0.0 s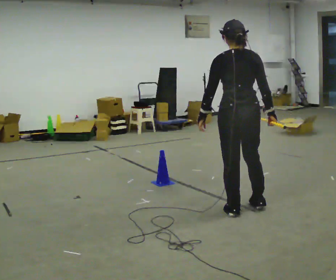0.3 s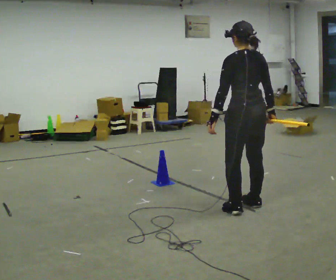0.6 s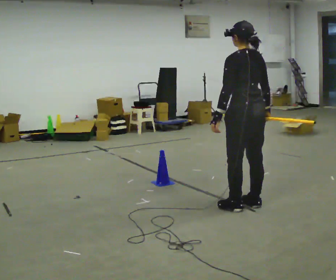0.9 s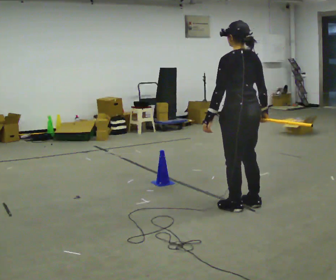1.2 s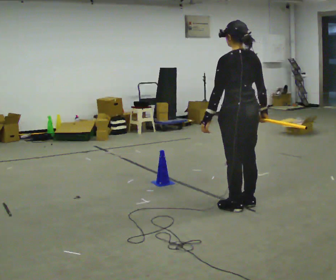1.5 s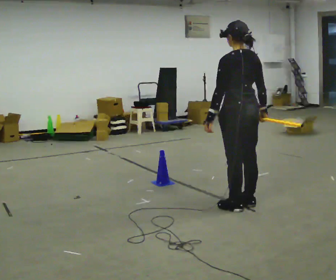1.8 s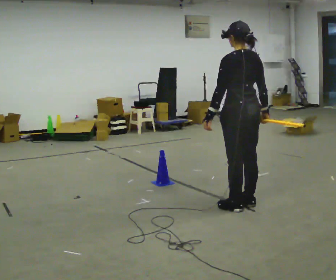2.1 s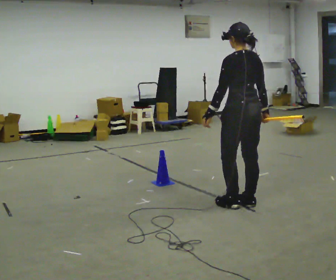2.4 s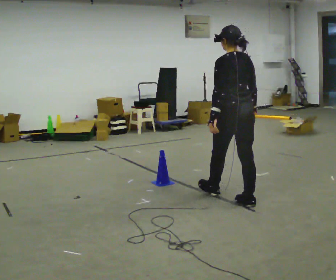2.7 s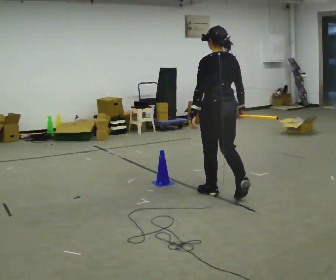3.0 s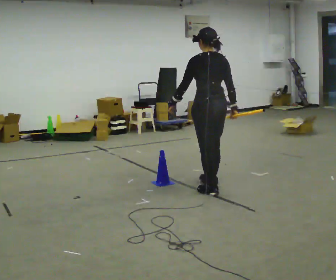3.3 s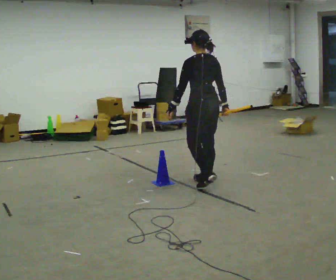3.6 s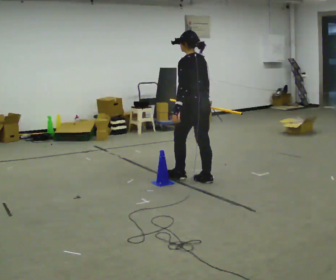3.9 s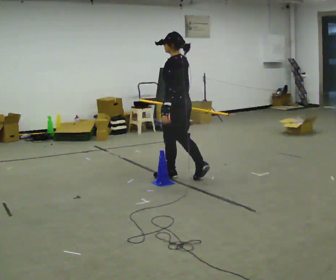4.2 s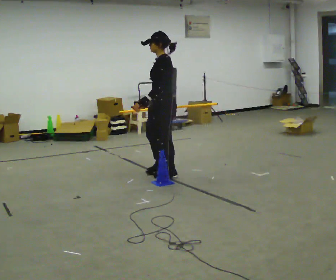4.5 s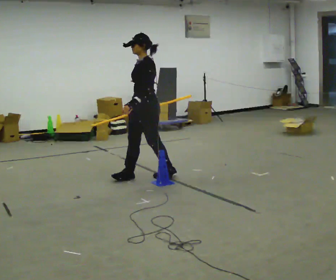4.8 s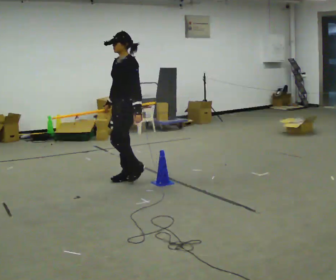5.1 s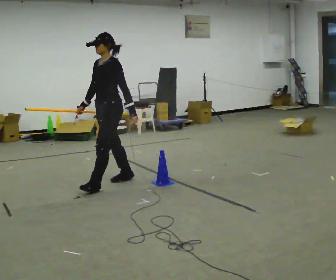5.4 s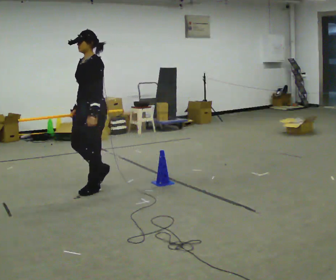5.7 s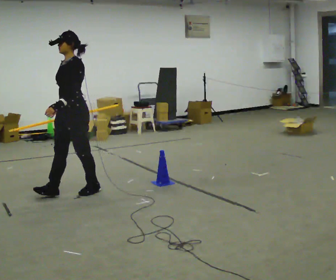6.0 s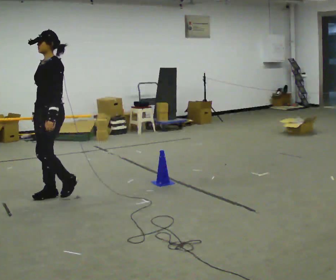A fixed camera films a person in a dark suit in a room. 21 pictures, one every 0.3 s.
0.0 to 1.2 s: The person moves a little, or ends about where they began.
1.2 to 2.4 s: In the picture they go away from the camera, about 0.25 m, which for them is forward.
2.4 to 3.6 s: In the picture they go away from the camera and to the left, about 1 m in 2 steps, which for them is forward.
3.6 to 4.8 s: The part of the body nearest the lens slides to the right as the person turns to their left by about 75 degrees. In the picture they go to the left, about 0.5 m in 2 steps.
4.8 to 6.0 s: In the picture they go toward the camera and to the left, about 1 m in 2 steps, which for them is forward.
The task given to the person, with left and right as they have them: Carry the long object across the room and around the corner, turning without hitting anything. Keep going until the operator says stop; one object at a time, and do not rush between trips.
The film runs forward here.
